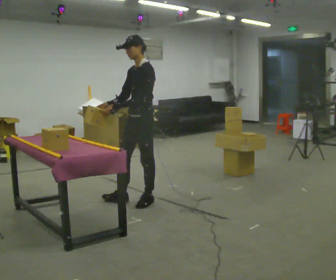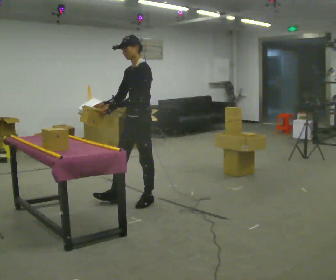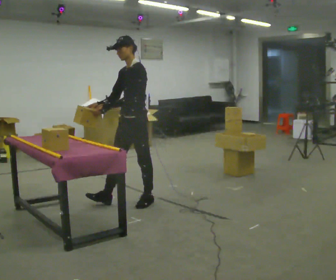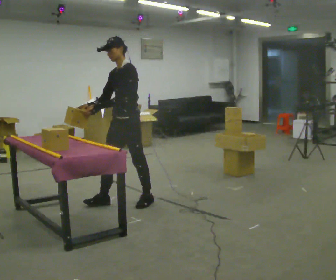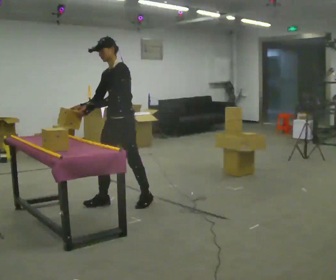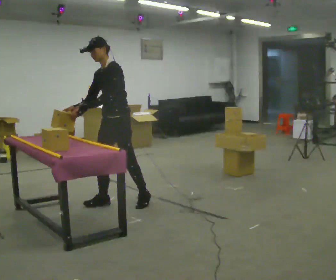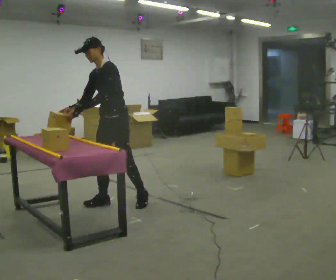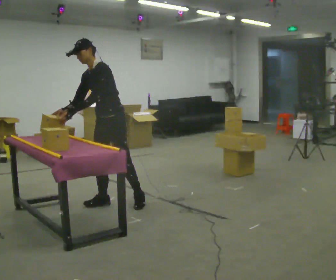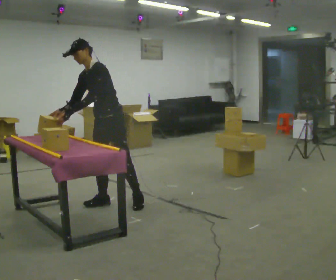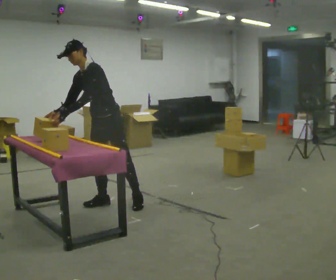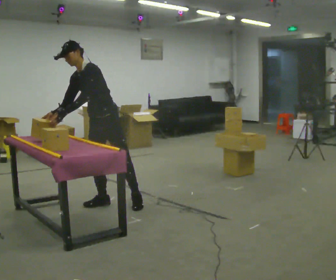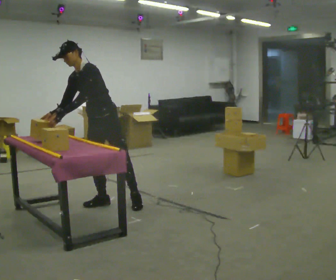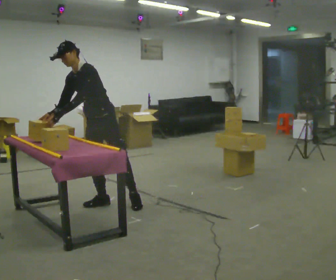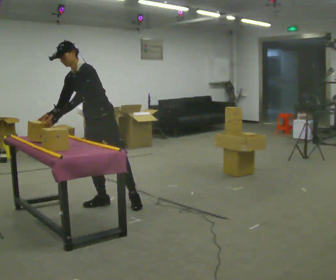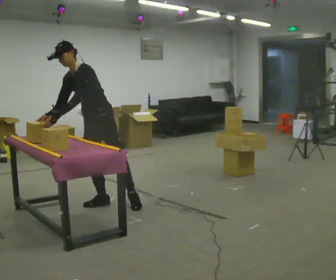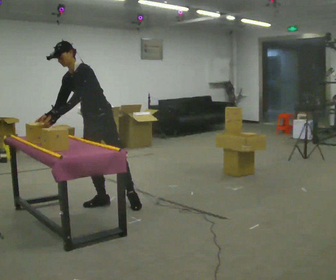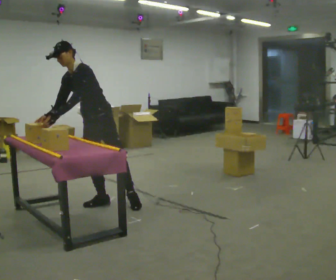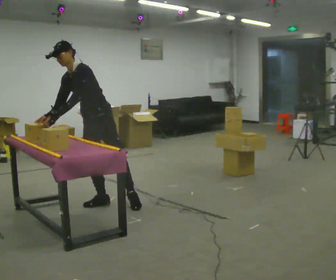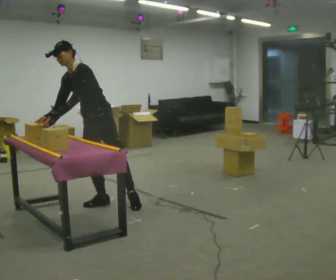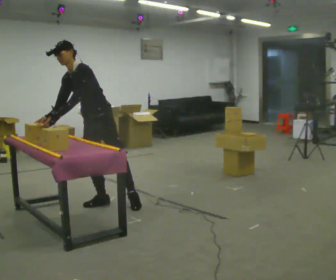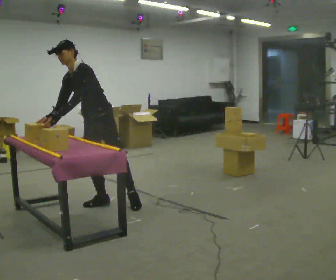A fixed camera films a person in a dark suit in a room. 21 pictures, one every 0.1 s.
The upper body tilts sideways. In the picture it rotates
counterclockwise.
0.0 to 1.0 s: The part of the body nearest the lens slides to the right as the person turns to their left by about 30 degrees. In the picture they go to the left, about 0.5 m in 1 step, which for them is forward and to their right. In the picture the upper body tilts counterclockwise, shoulders to the left, as they bend forward.
1.0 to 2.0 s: The person moves a little, or ends about where they began.
The film runs forward here.
